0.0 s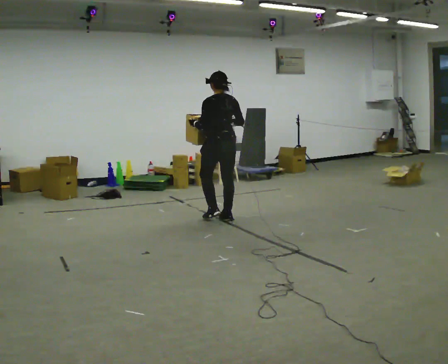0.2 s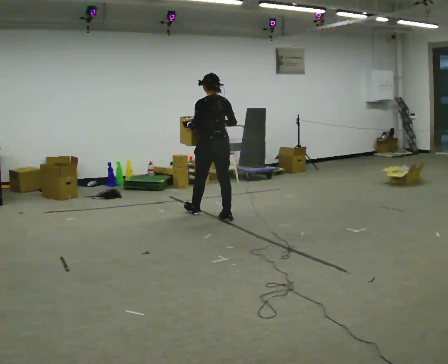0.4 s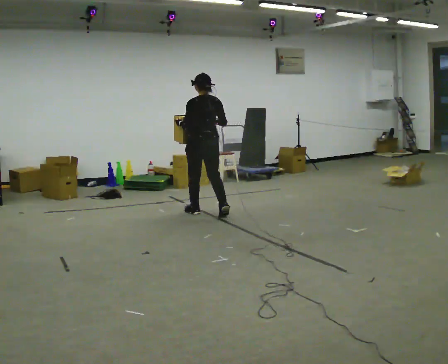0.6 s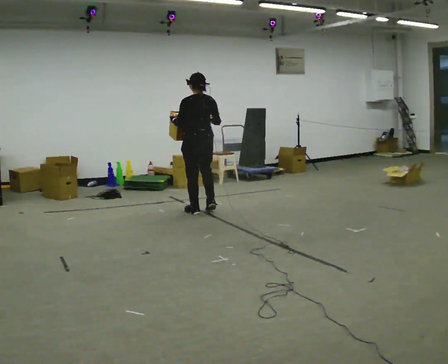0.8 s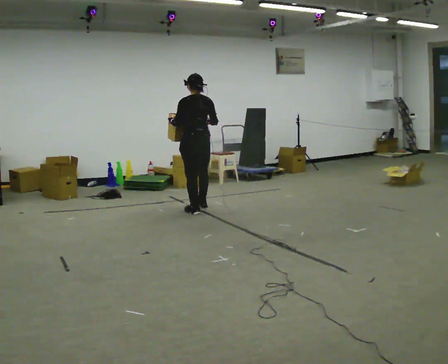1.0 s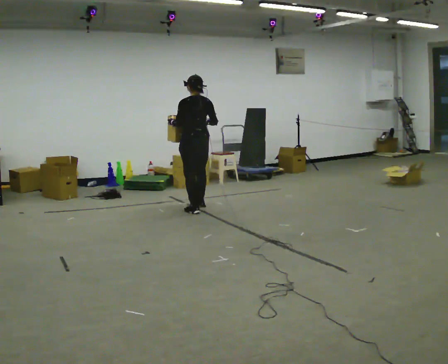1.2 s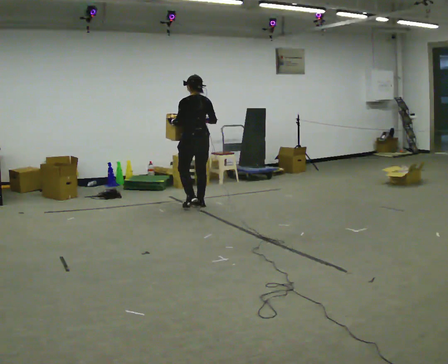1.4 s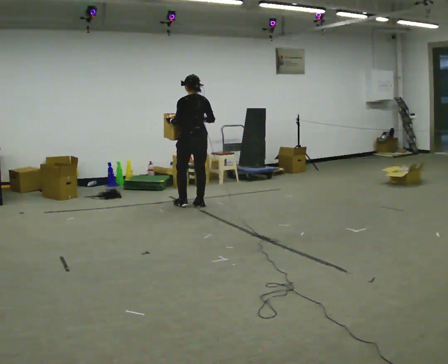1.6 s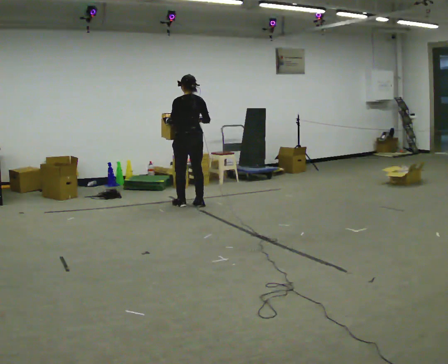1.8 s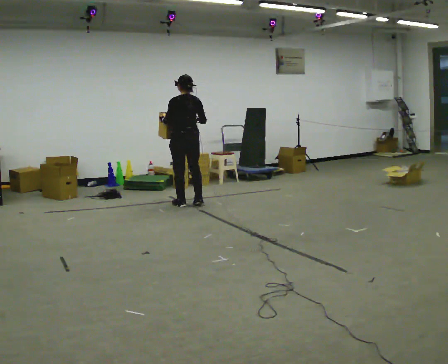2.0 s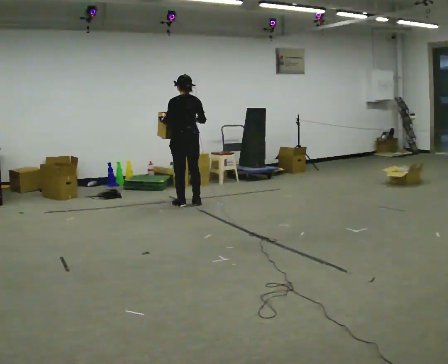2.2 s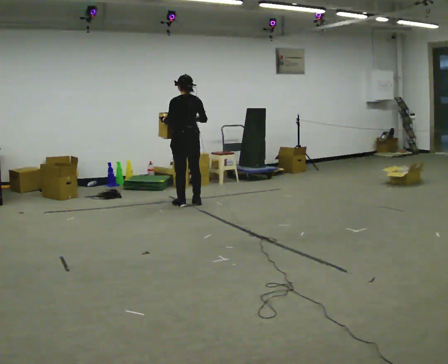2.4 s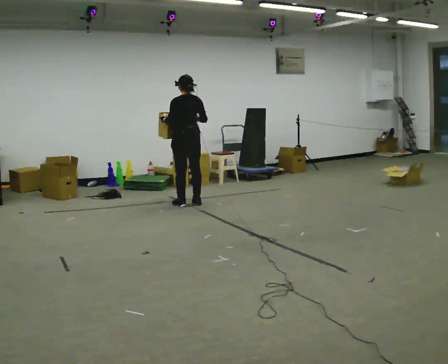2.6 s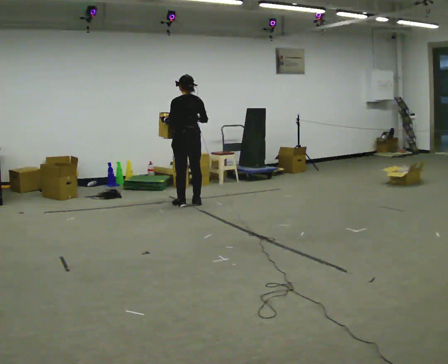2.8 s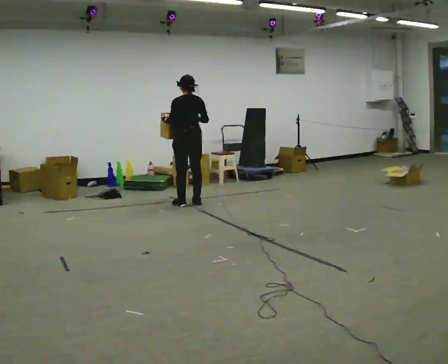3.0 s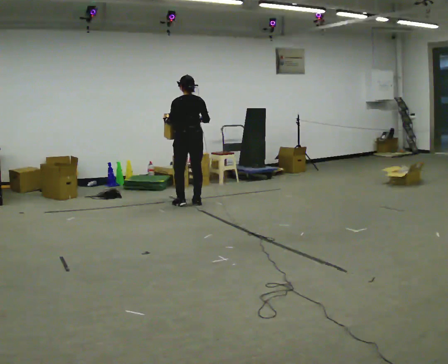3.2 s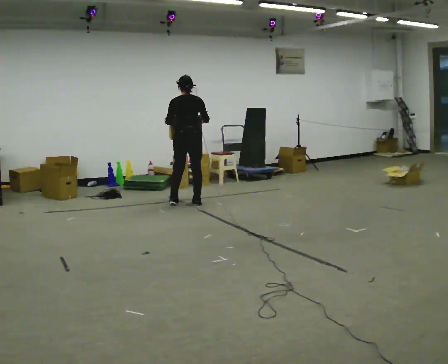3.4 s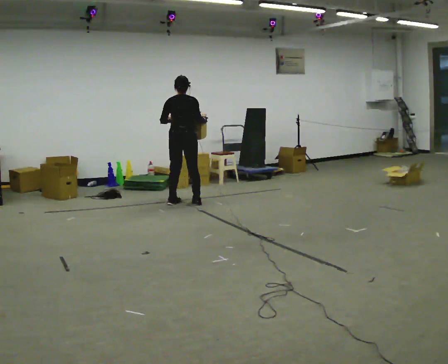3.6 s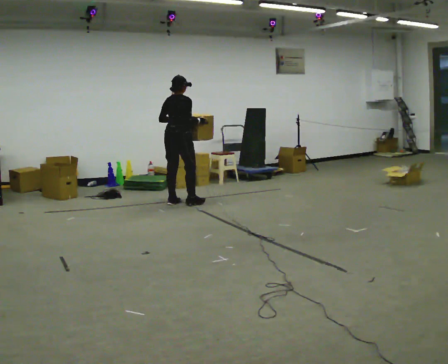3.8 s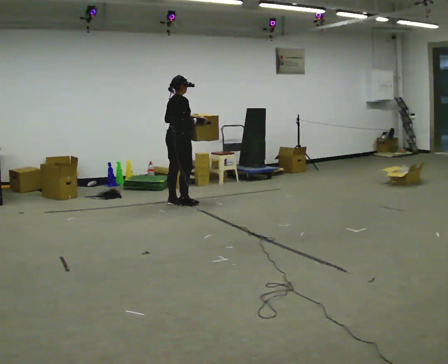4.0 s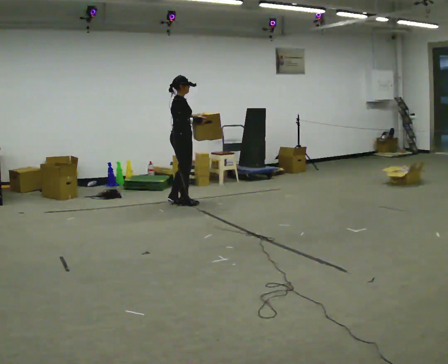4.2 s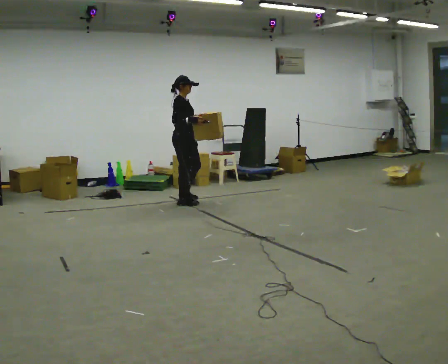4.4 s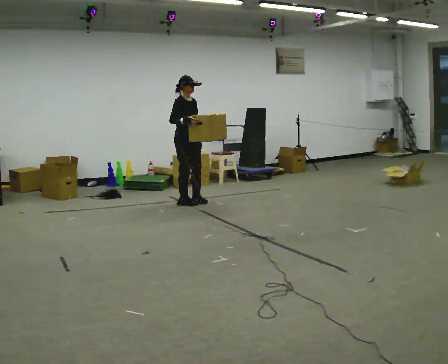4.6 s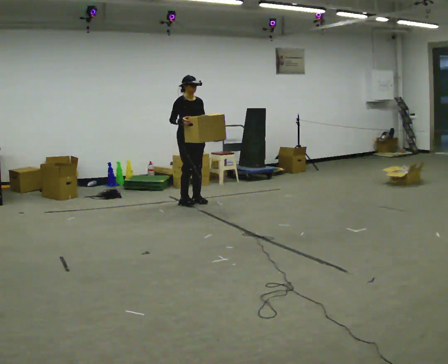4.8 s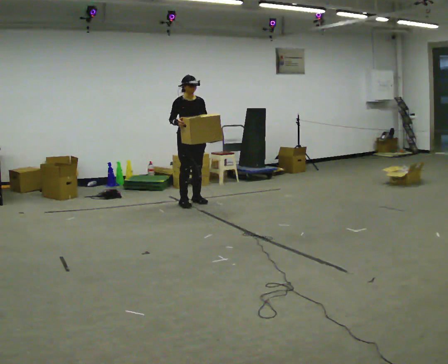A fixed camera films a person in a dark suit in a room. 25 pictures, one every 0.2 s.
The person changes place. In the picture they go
away from the camera.
The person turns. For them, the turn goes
to their right.
0.0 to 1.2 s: In the picture they go away from the camera, about 0.75 m in 2 steps, which for them is forward.
1.2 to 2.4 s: In the picture they go away from the camera, about 0.25 m in 1 step, which for them is forward.
2.4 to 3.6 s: The person turns about 60 degrees to their right, clockwise seen from above, so the part of the body nearest the lens slides to the left.
3.6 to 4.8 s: Seen from above the body turns clockwise, about 105 degrees: to their right, with its near side sliding to the left. In the picture they go to the right, about 0.25 m in 2 steps. In the picture their left hand goes to the right.
The film runs forward here.
